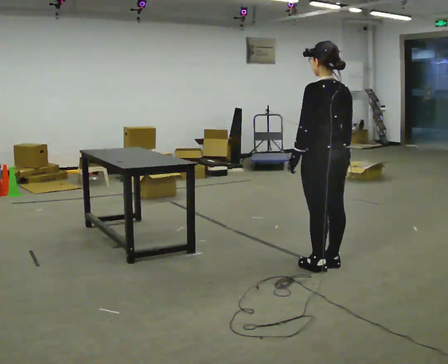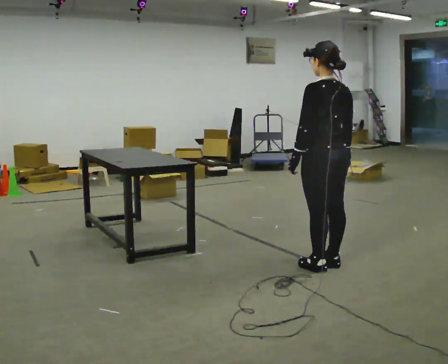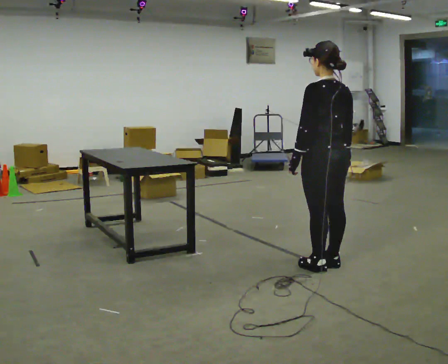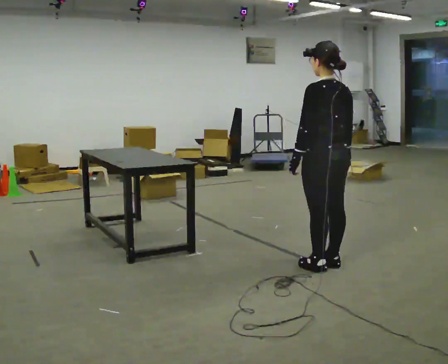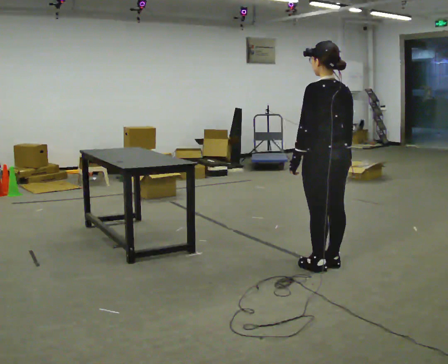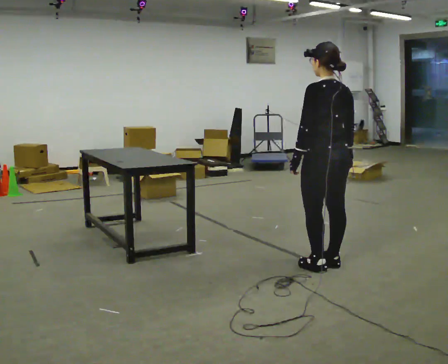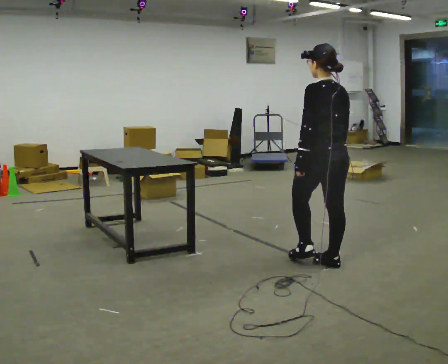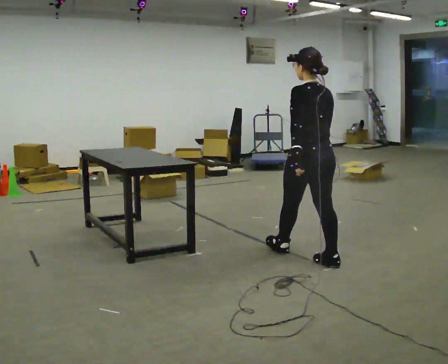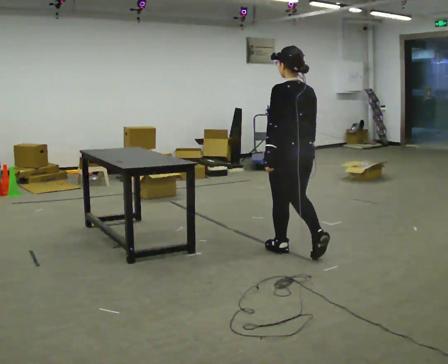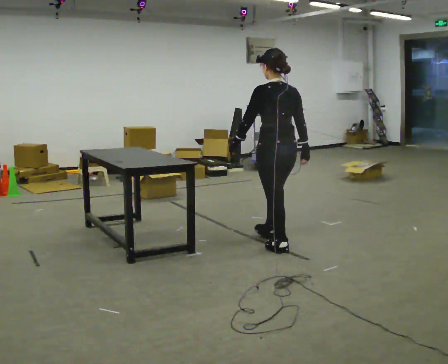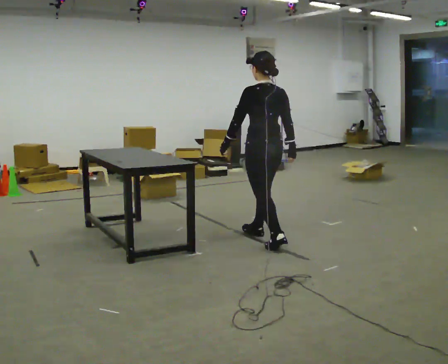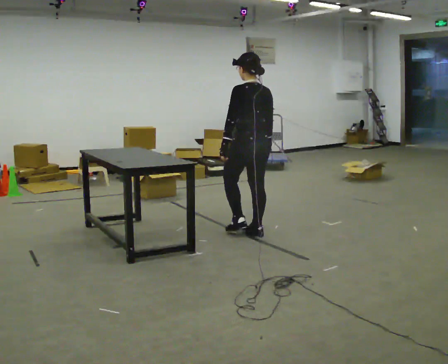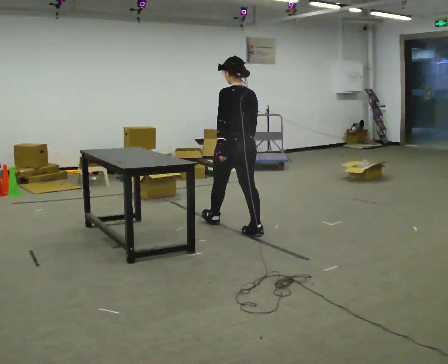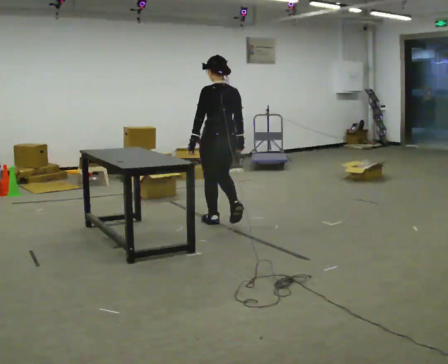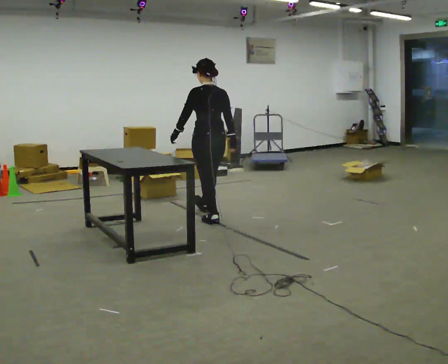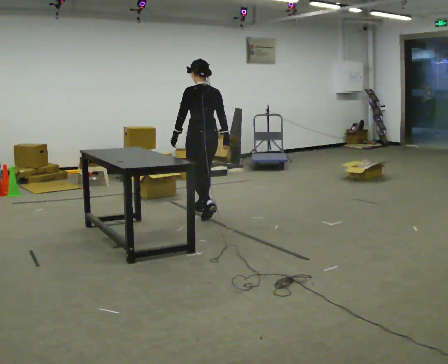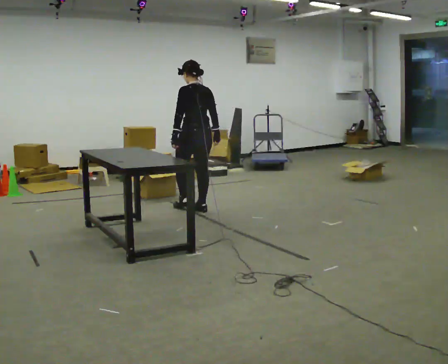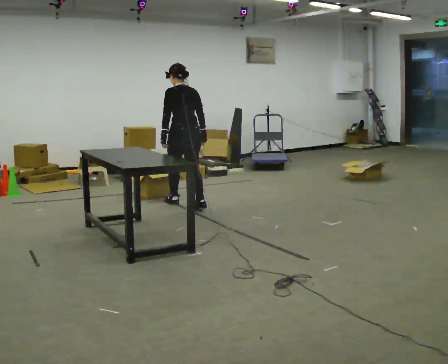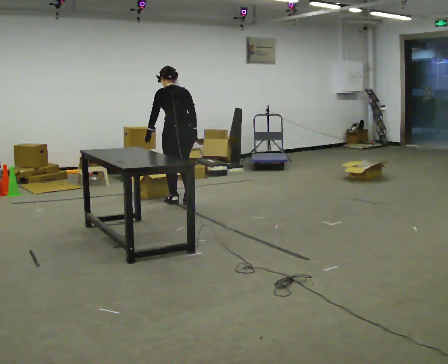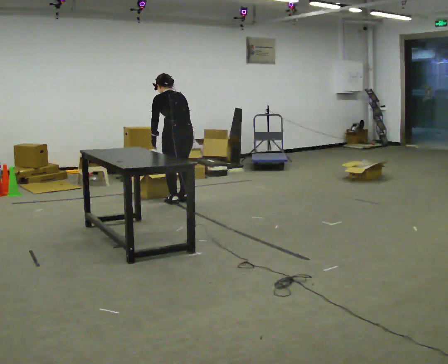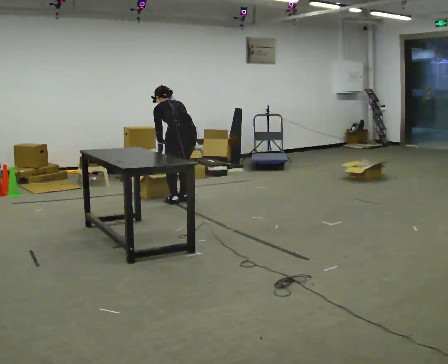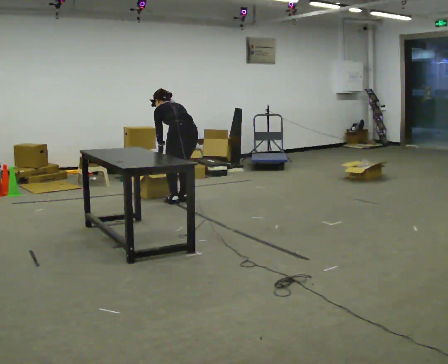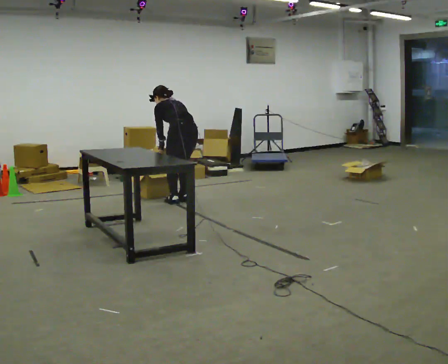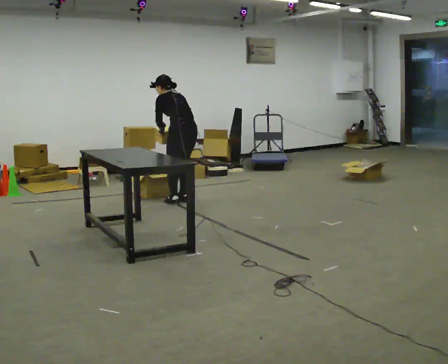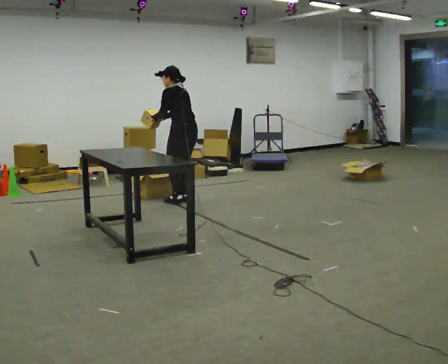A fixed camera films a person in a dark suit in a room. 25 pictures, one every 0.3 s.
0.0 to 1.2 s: The person keeps their place and pose.
1.2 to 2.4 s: In the picture they go away from the camera and to the left, about 0.25 m in 1 step, which for them is forward.
2.4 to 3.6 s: In the picture they go away from the camera and to the left, about 1 m in 2 steps, which for them is forward.
3.6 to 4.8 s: In the picture they go away from the camera and to the left, about 1 m in 1 step, which for them is forward.
4.8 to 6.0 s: In the picture they go away from the camera and to the left, about 0.25 m in 2 steps, which for them is forward. The upper body goes downward. The upper body tips away from the camera, its near side rolling upward, as they bend forward.
6.0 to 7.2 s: The upper body goes upward. The upper body tips toward the camera, its near side rolling downward, as they lean back or straighten. In the picture their right hand goes upward.
The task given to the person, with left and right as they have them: Take objects out of the bin one at a time and lay them out on the table, stepping between the bin and the table each time. Keep going until the operator says stop; one object at a time, and do not rush between trips.
The film runs forward here.
